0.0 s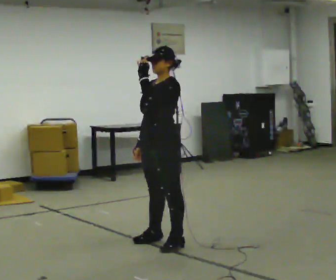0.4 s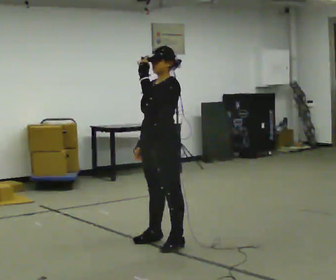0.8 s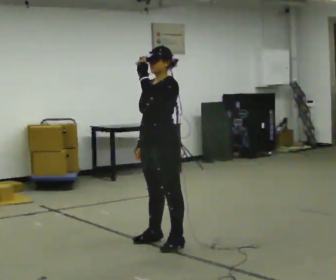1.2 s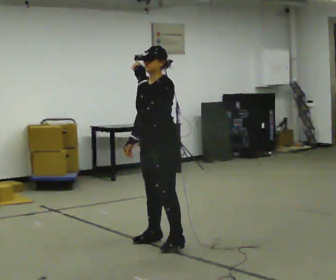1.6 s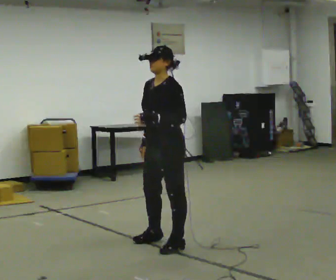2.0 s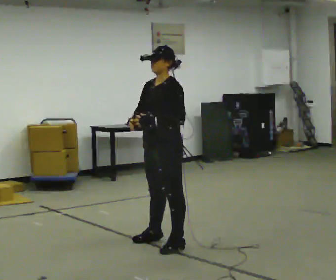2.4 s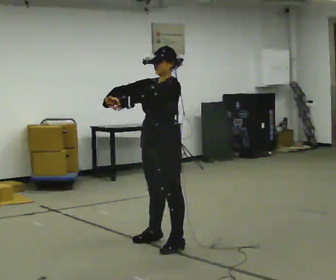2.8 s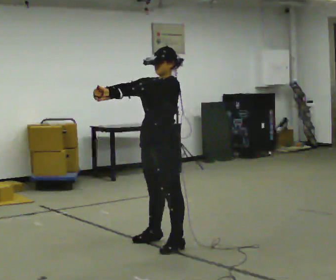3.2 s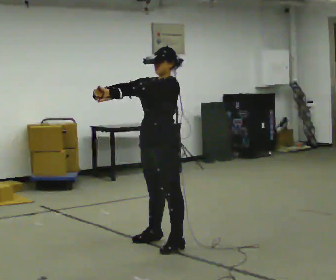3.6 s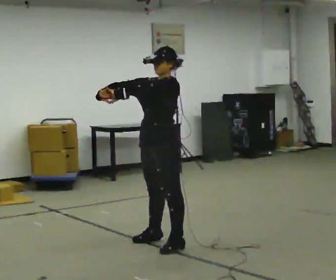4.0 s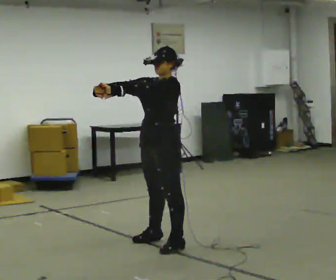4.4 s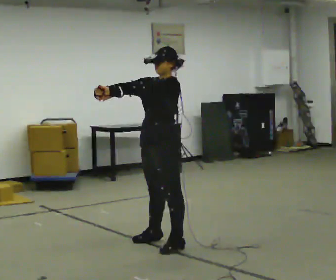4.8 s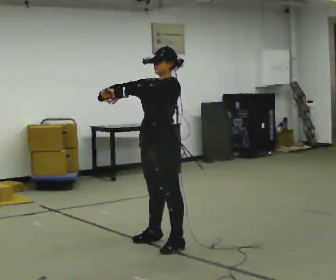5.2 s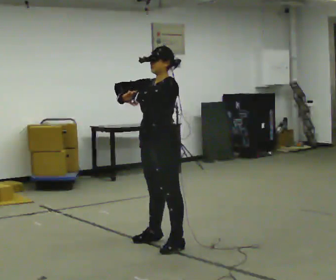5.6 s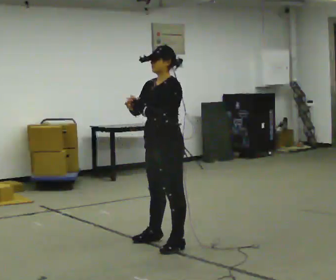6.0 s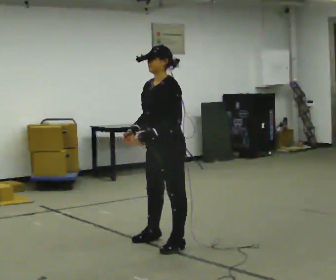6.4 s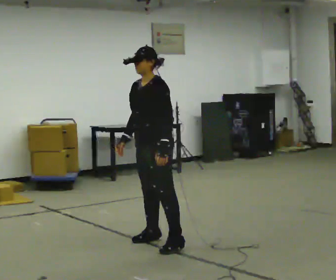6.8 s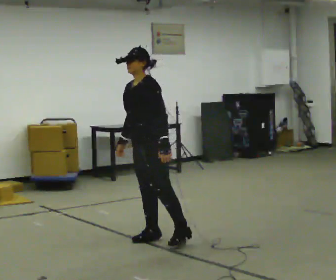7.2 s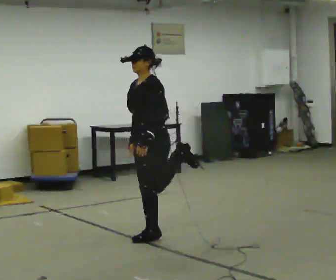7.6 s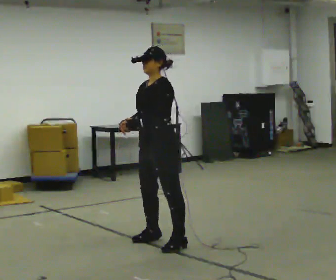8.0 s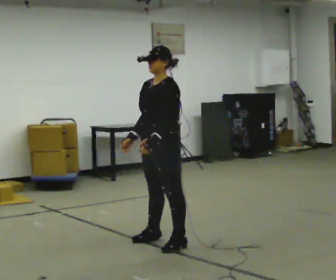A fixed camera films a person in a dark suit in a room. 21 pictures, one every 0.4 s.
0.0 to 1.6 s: The person moves a little, or ends about where they began.
1.6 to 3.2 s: In the picture their right hand goes upward and to the left, the arm swinging clockwise.
3.2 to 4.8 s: The person moves a little, or ends about where they began.
4.8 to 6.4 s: In the picture their left hand goes downward and to the right.
6.4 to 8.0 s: The person moves a little, or ends about where they began.
The film runs backward here.
